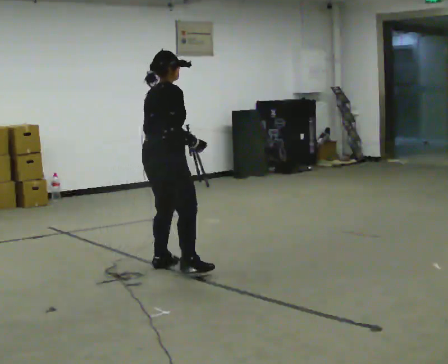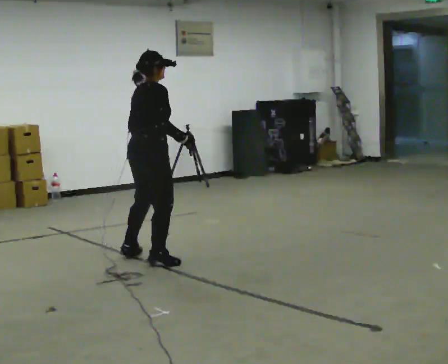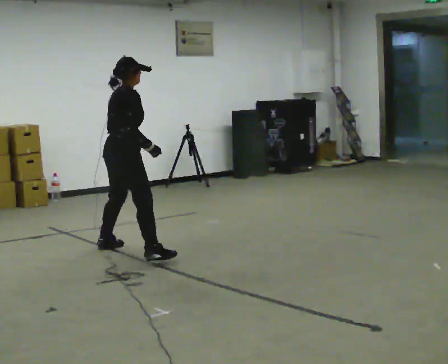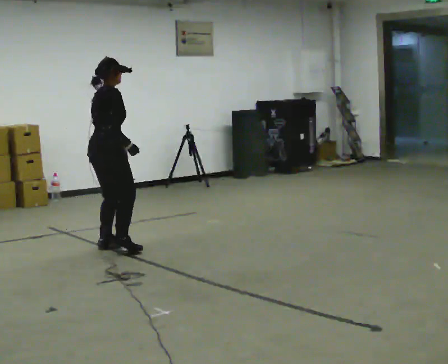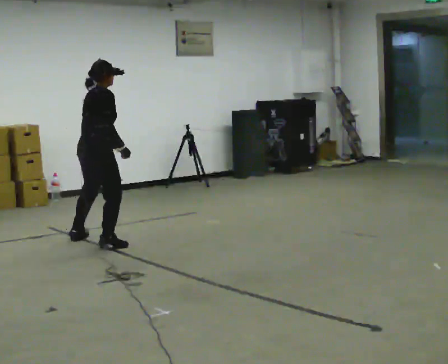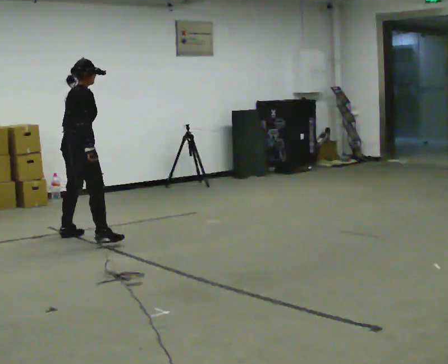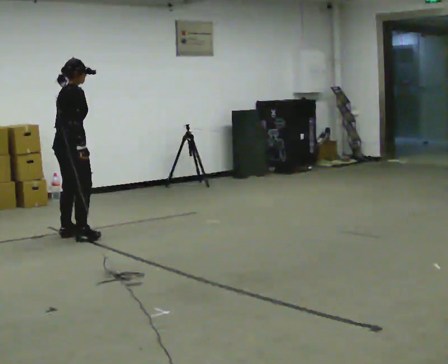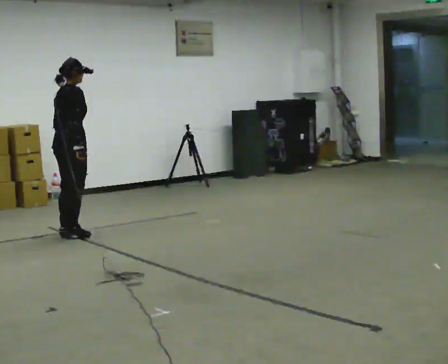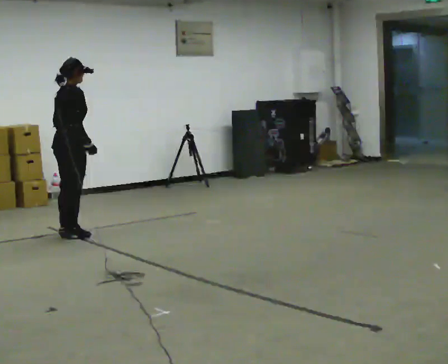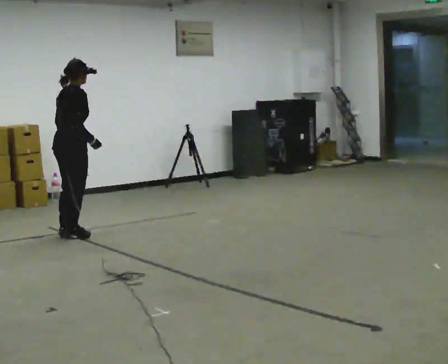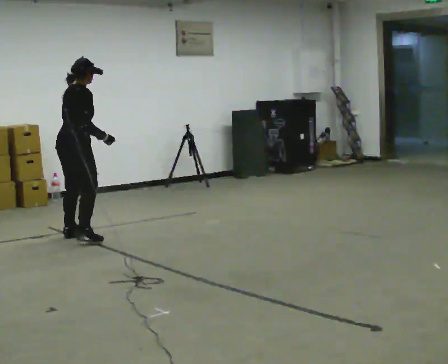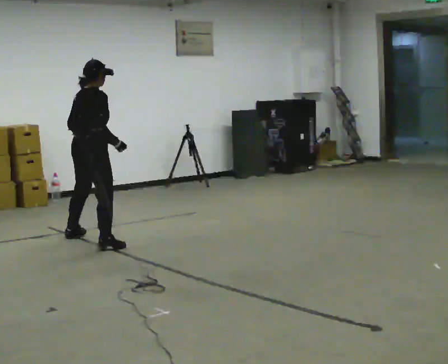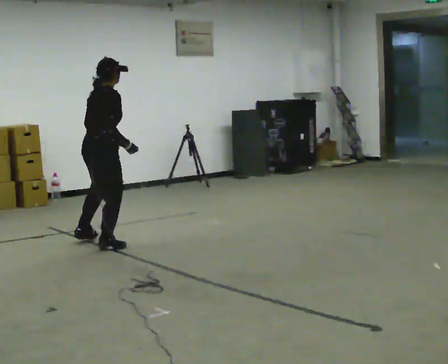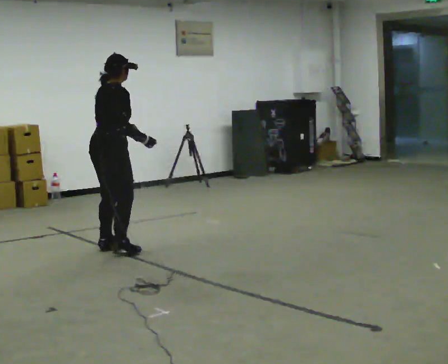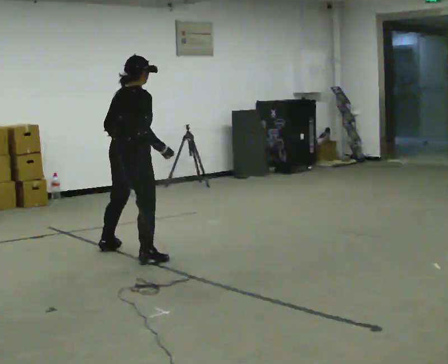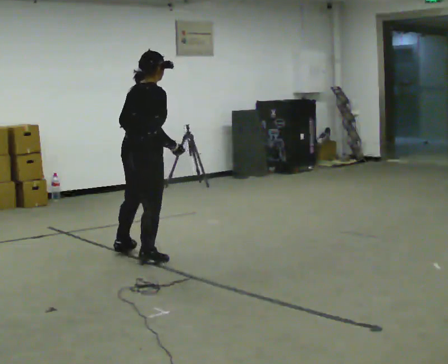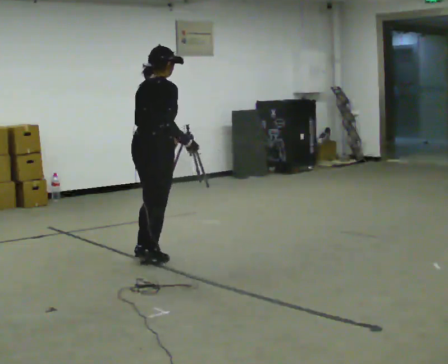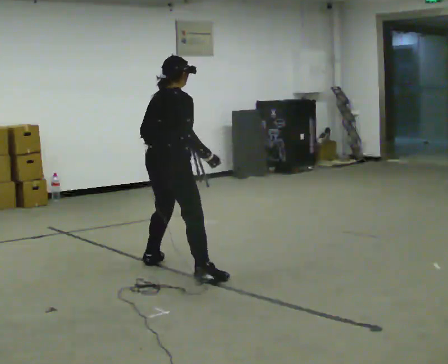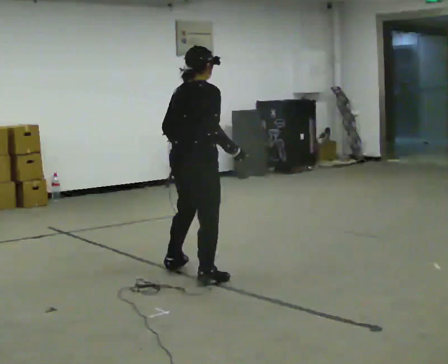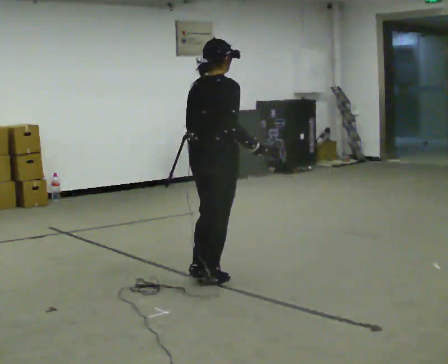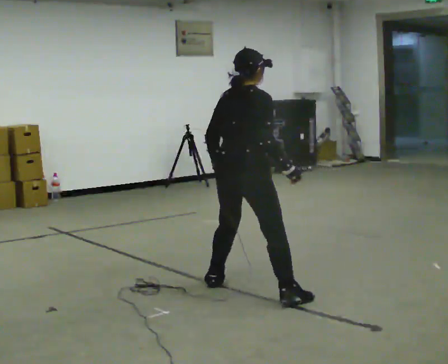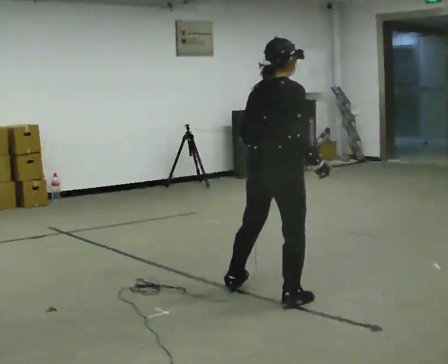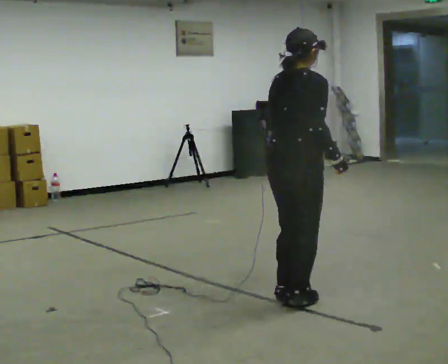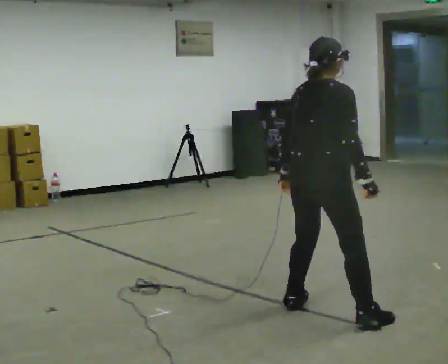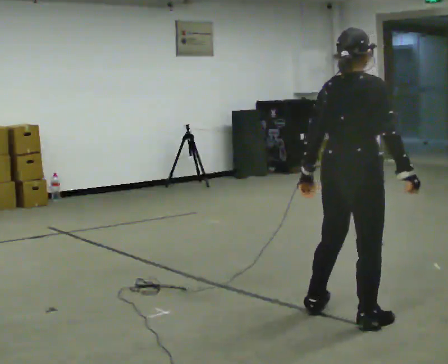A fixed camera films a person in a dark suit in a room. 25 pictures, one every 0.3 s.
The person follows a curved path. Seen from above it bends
counterclockwise.
0.0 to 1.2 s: In the picture they go away from the camera and to the left, about 1 m in 3 steps, which for them is to their left.
1.2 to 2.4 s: In the picture they go away from the camera and to the left, about 0.5 m in 1 step, which for them is to their left.
2.4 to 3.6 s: In the picture they go toward the camera and to the right, about 0.5 m in 2 steps, which for them is to their right.
3.6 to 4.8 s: In the picture they go toward the camera and to the right, about 0.5 m in 3 steps, which for them is to their right.
4.8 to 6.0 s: In the picture they go toward the camera and to the right, about 1 m in 2 steps, which for them is to their right.
6.0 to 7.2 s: In the picture they go toward the camera and to the right, about 1 m in 3 steps, which for them is to their right.
The film runs backward here.
